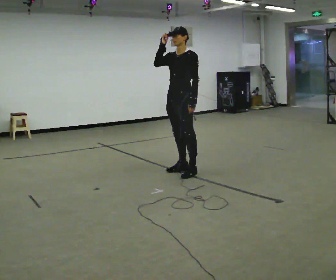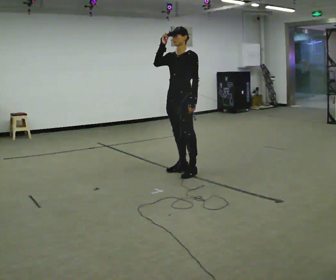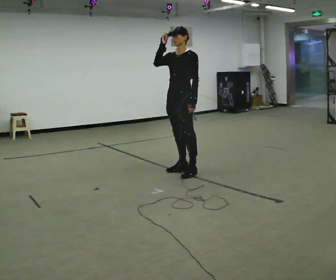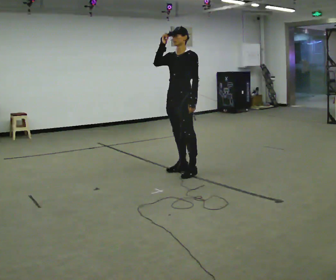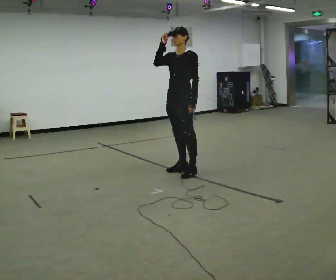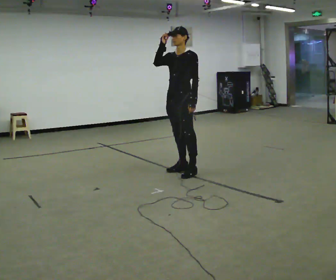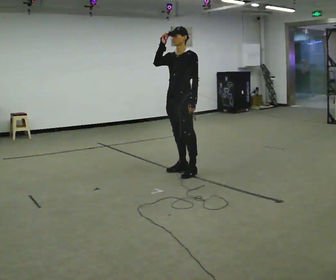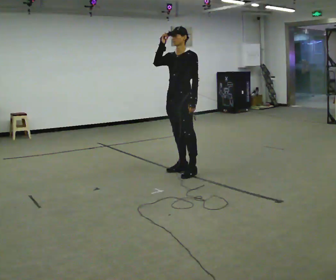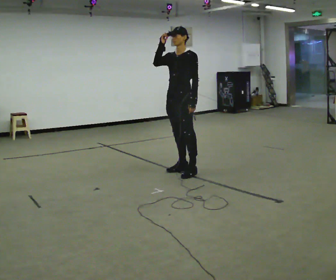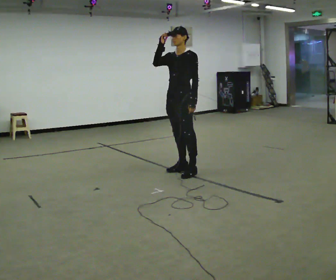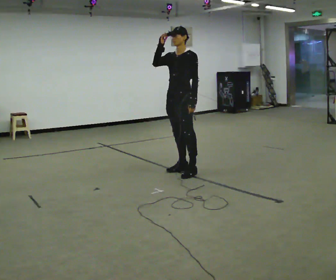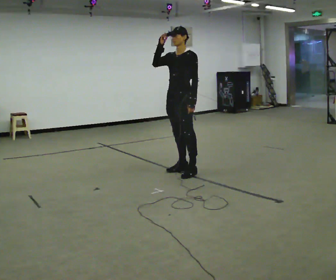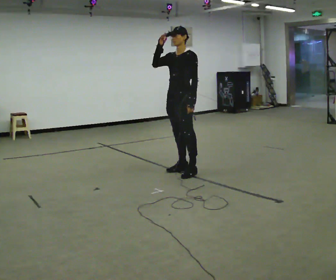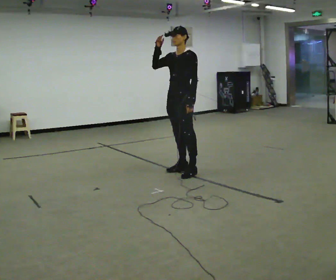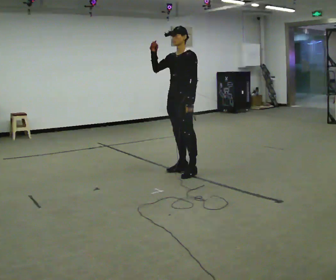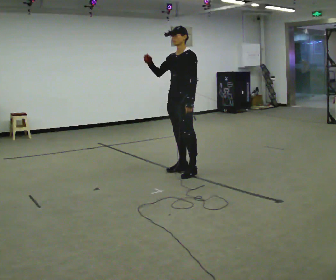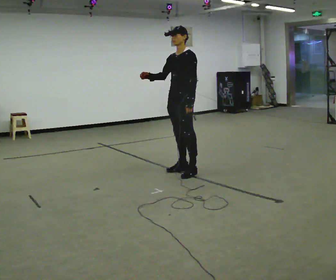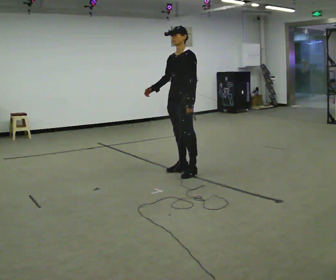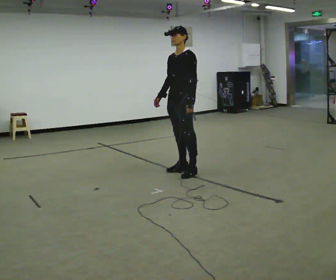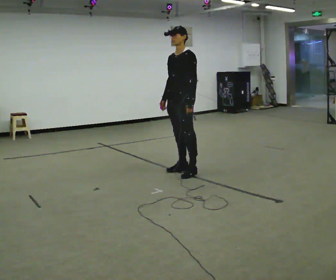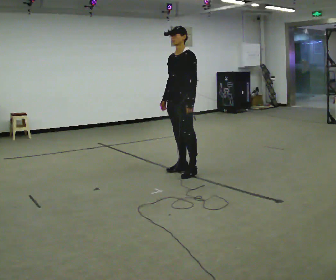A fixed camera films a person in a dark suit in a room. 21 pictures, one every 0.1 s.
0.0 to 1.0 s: The person keeps their place and pose.
1.0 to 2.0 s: In the picture their right hand goes downward.
The film runs backward here.
